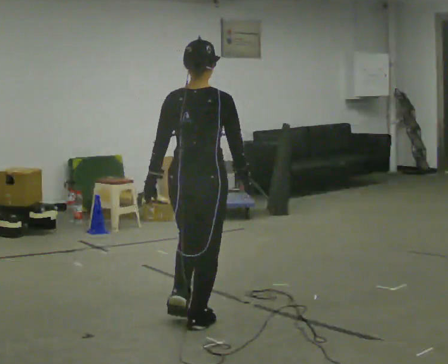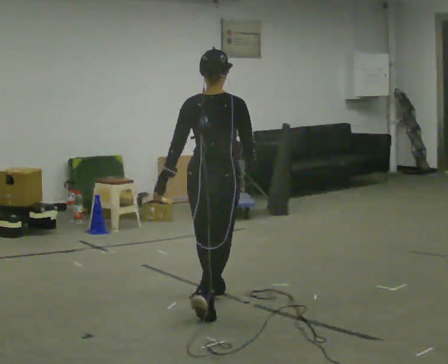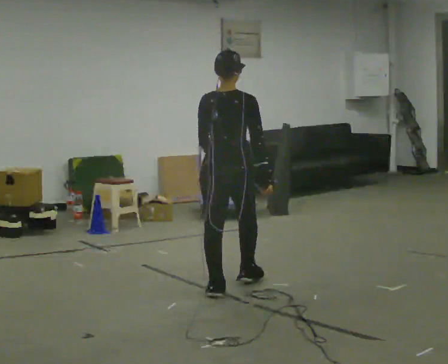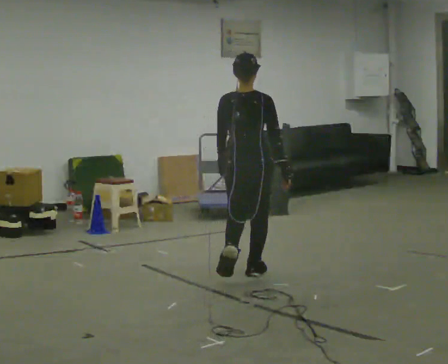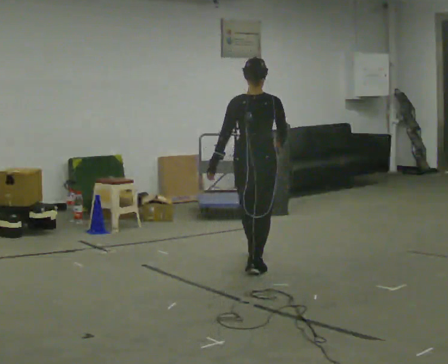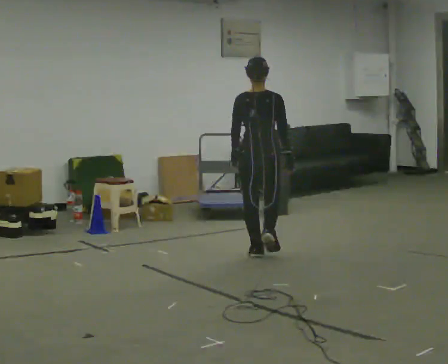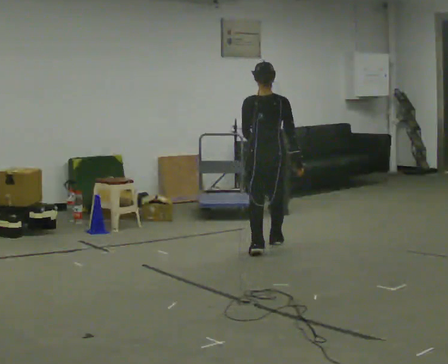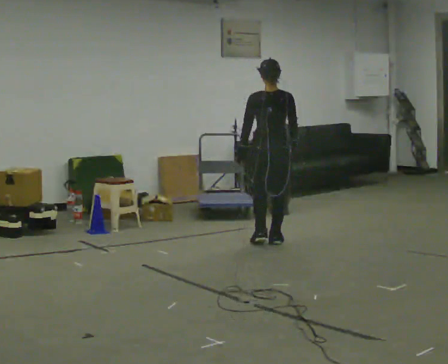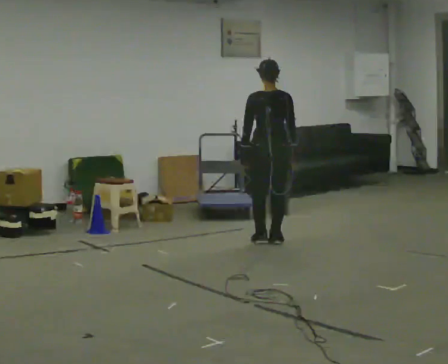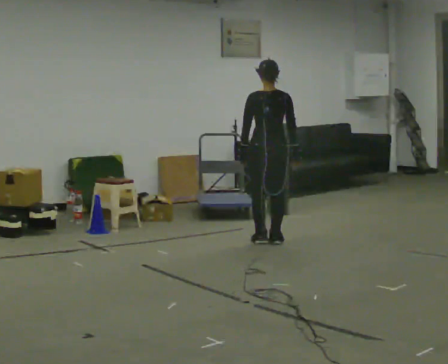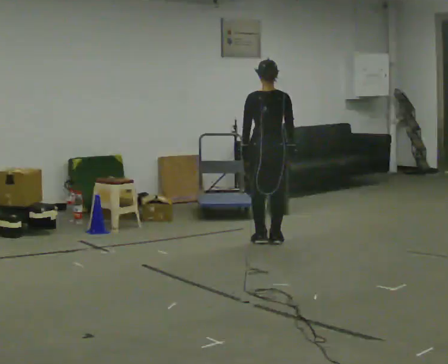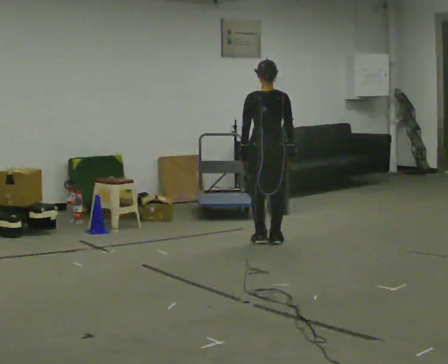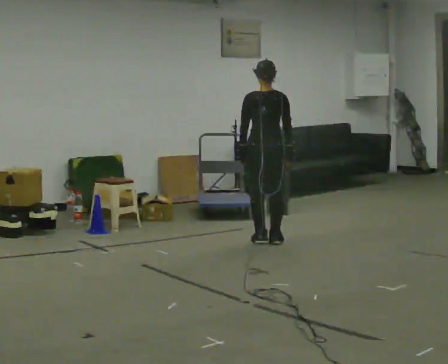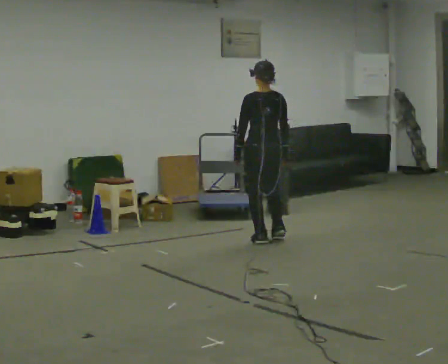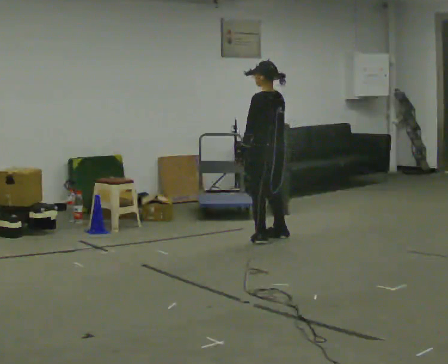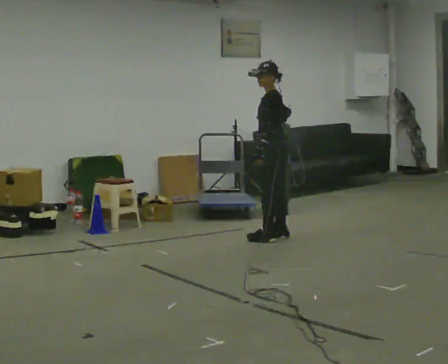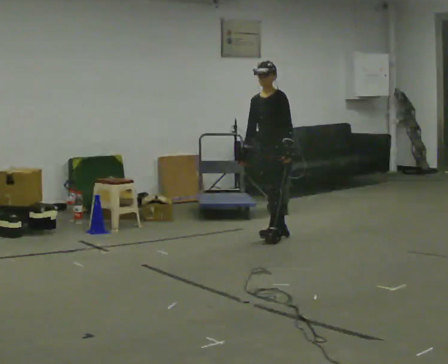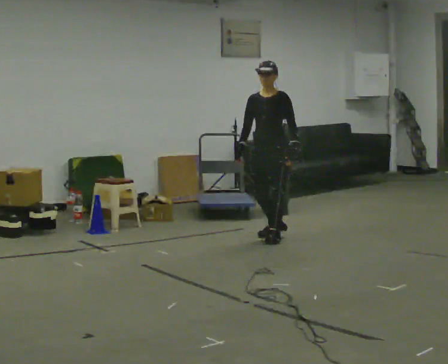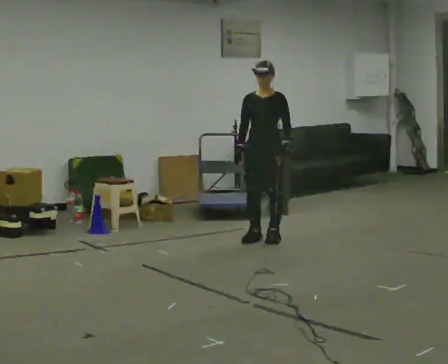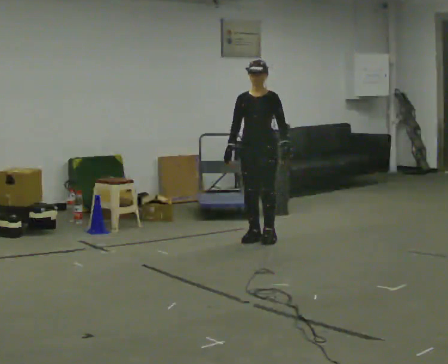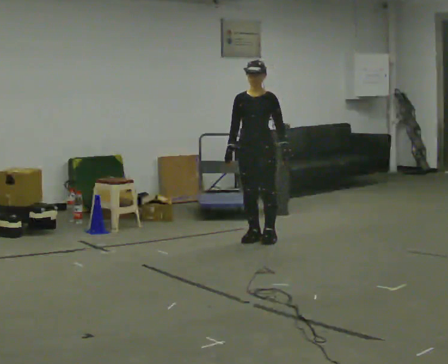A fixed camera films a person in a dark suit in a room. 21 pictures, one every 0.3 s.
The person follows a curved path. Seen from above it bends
counterclockwise.
The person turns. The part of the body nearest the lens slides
to the right.
0.0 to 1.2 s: In the picture they go away from the camera, about 1.5 m in 2 steps, which for them is forward.
1.2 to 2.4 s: In the picture they go away from the camera, about 1 m in 3 steps, which for them is forward.
2.4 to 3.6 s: The person moves a little, or ends about where they began.
3.6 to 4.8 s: The part of the body nearest the lens slides to the right as the person turns to their left by about 135 degrees. In the picture their left hand goes to the right.
4.8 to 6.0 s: The part of the body nearest the lens slides to the right as the person turns to their left by about 30 degrees. In the picture they go to the left, about 0.25 m in 1 step, which for them is forward and to their right.
The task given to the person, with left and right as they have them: Start still; accelerate to fast walking; hold the fast speed for several steps; decelerate and stop. Do not run.
The film runs forward here.
